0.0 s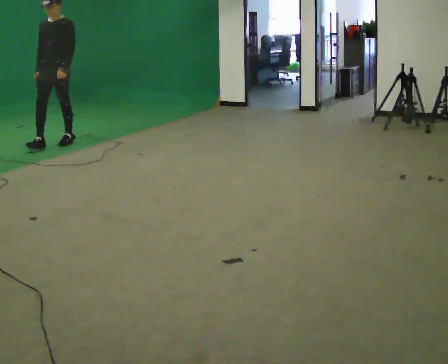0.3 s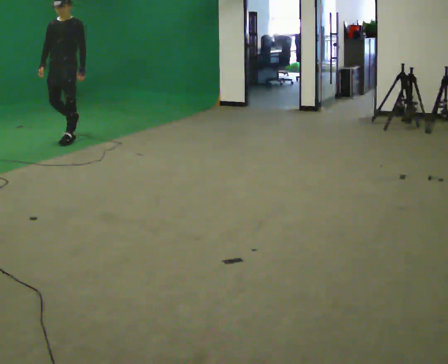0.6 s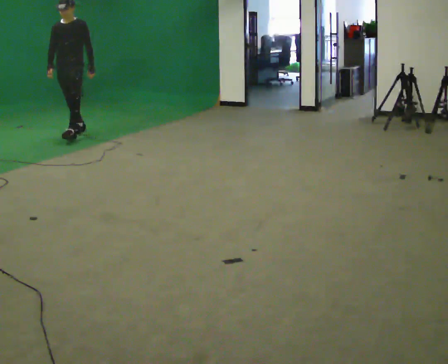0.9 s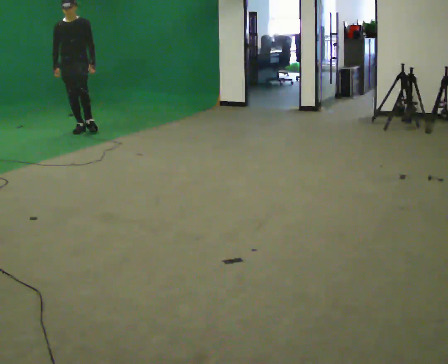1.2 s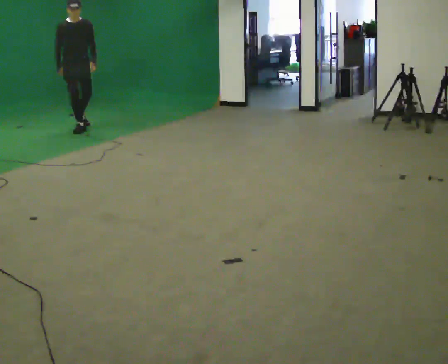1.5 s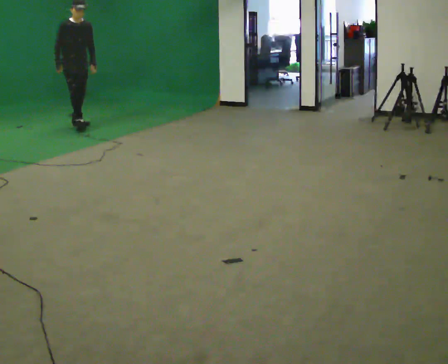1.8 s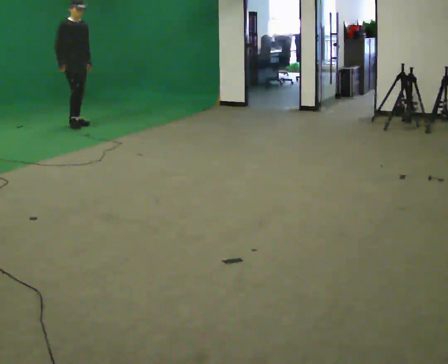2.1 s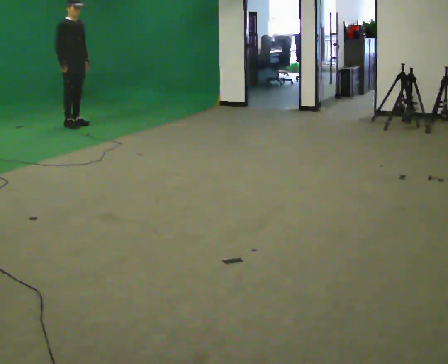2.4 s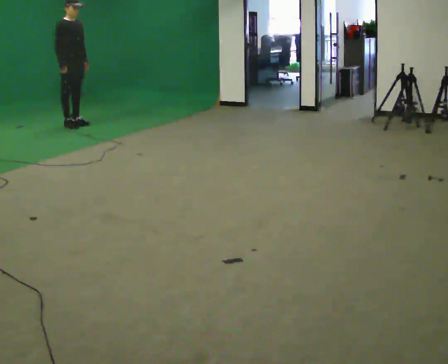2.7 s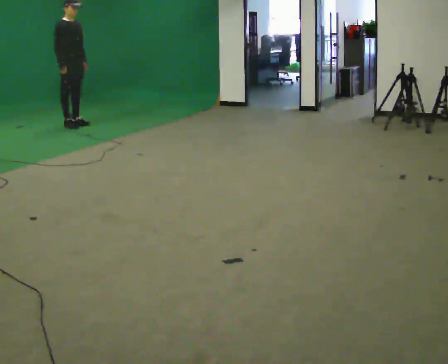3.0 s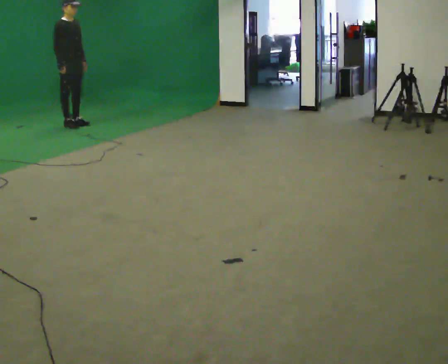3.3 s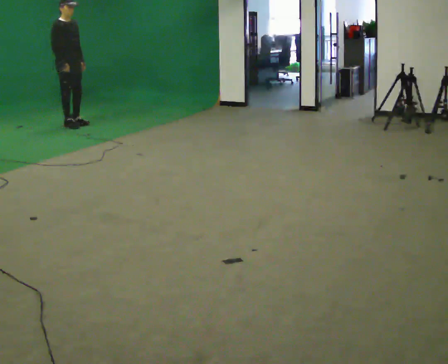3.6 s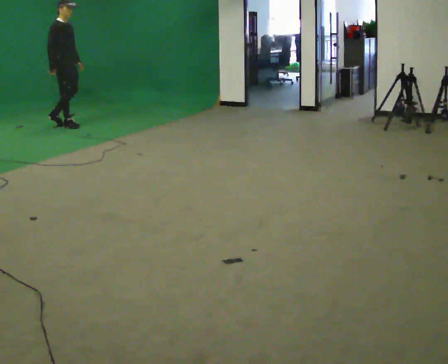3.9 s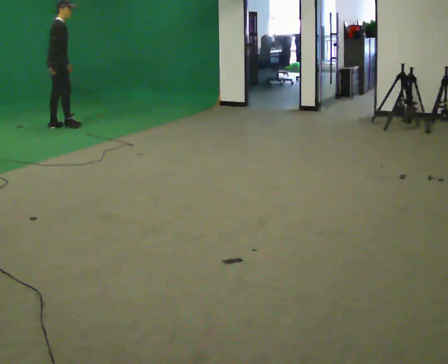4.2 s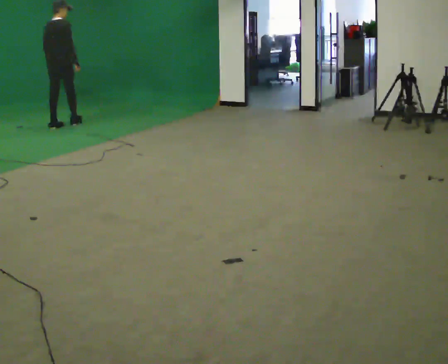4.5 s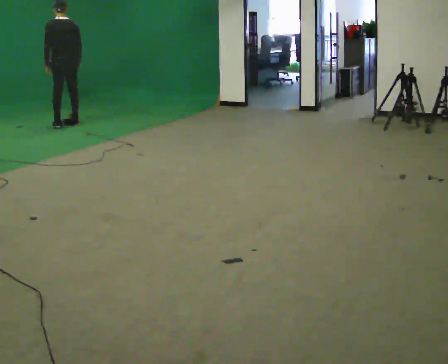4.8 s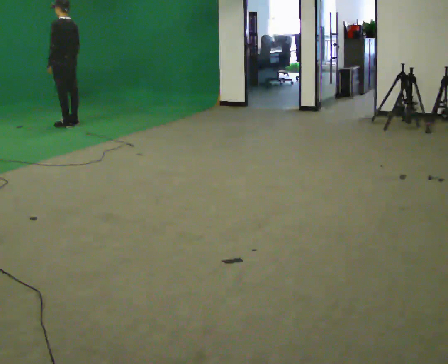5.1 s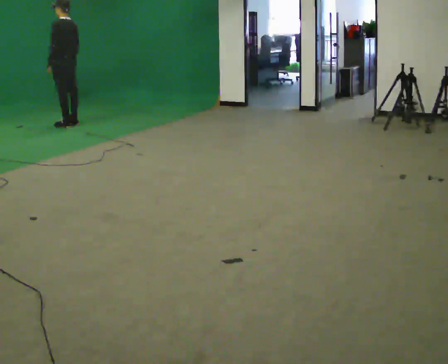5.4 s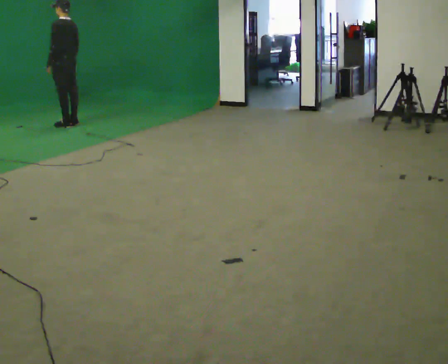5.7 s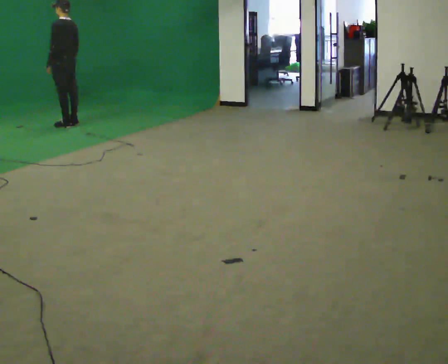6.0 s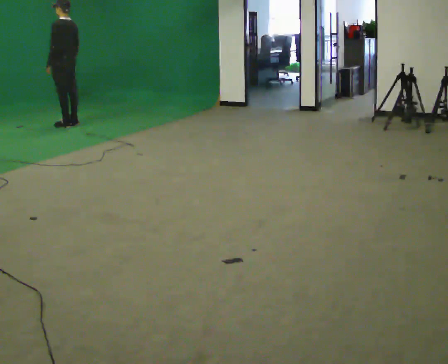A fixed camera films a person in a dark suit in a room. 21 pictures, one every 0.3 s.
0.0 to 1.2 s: Seen from above the body turns counterclockwise, about 45 degrees: to their left, with its near side sliding to the right. In the picture they go away from the camera, about 1 m in 1 step, which for them is backward.
1.2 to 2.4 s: The person turns about 30 degrees to their left, counterclockwise seen from above, so the part of the body nearest the lens slides to the right. In the picture they go away from the camera, about 0.25 m in 1 step, which for them is backward and to their left.
2.4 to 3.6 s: The person moves a little, or ends about where they began.
3.6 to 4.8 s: Seen from above the body turns counterclockwise, about 165 degrees: to their left, with its near side sliding to the right. In the picture their right hand goes to the right.
4.8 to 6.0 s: The person keeps their place and pose.
The film runs backward here.
